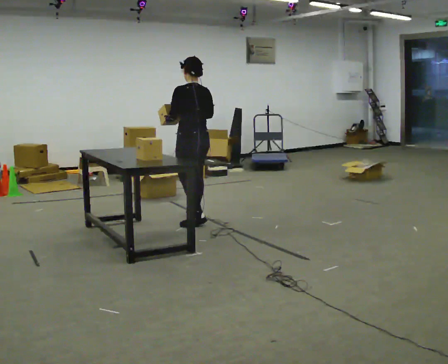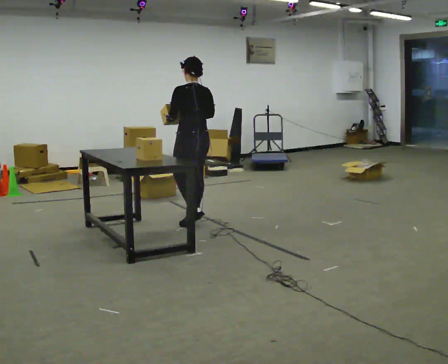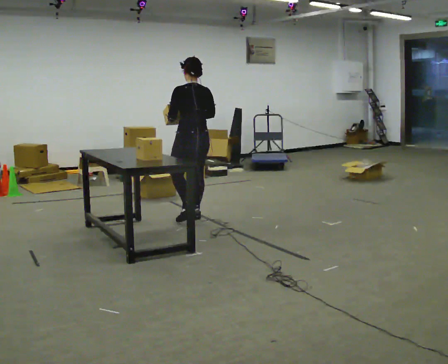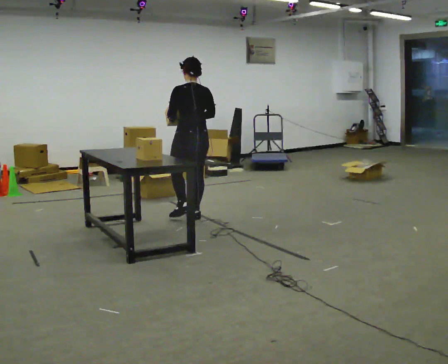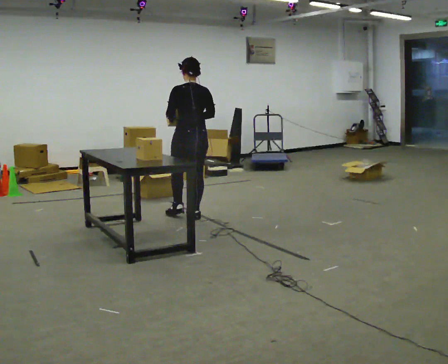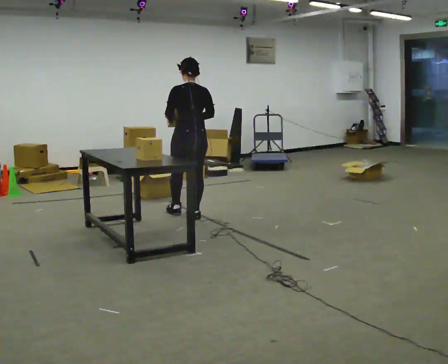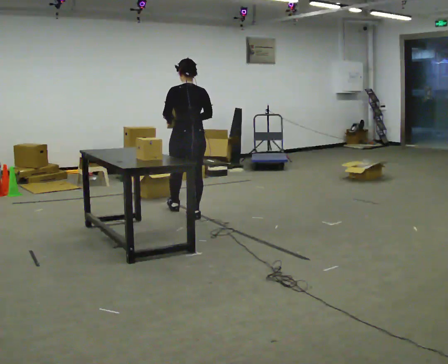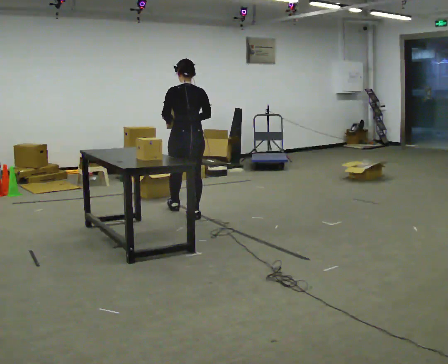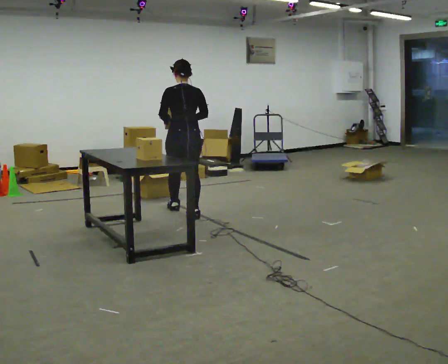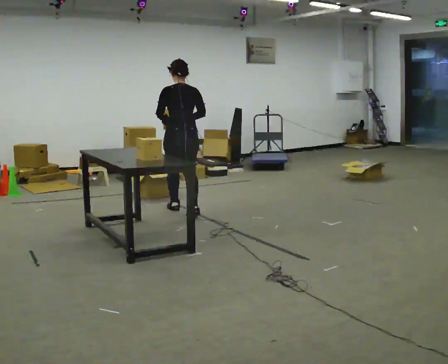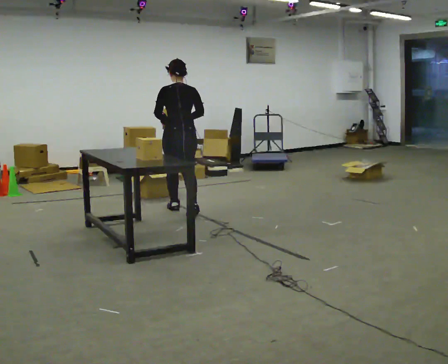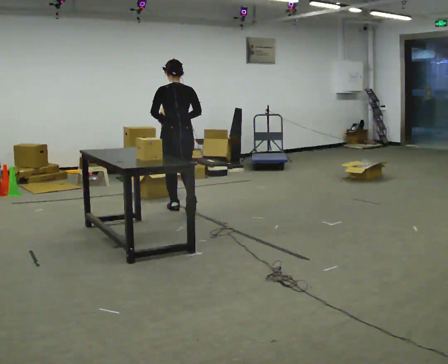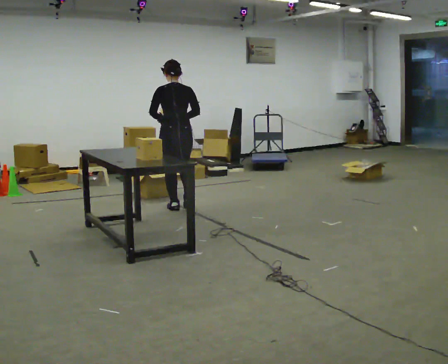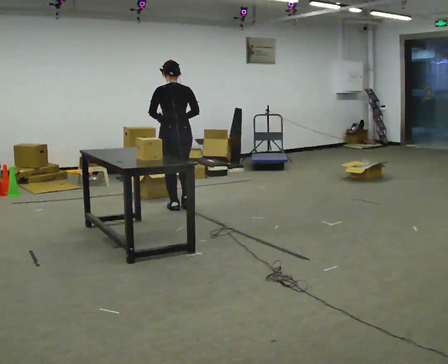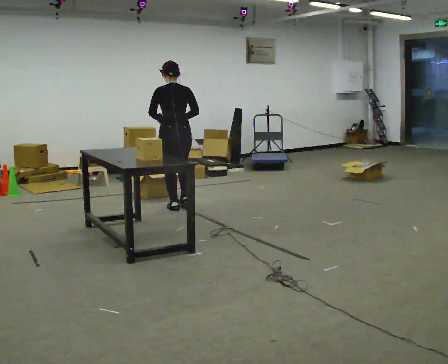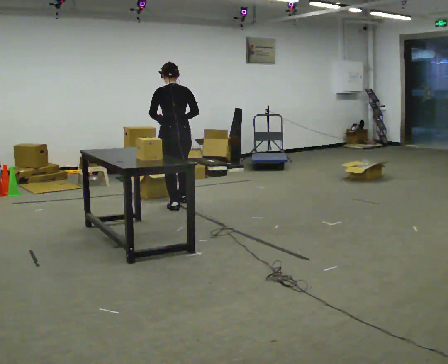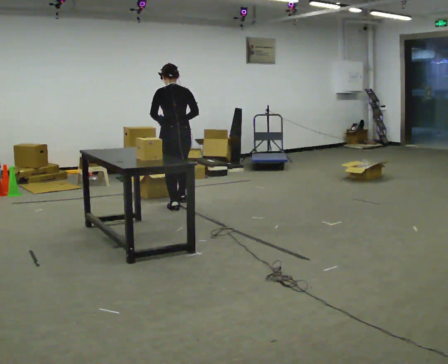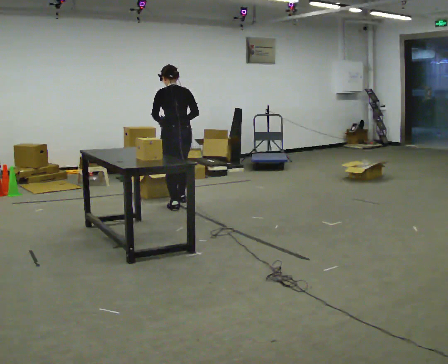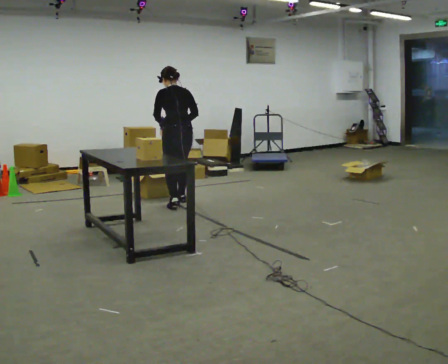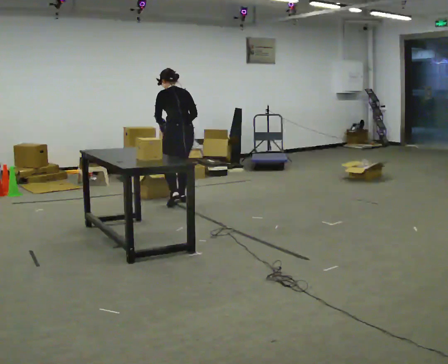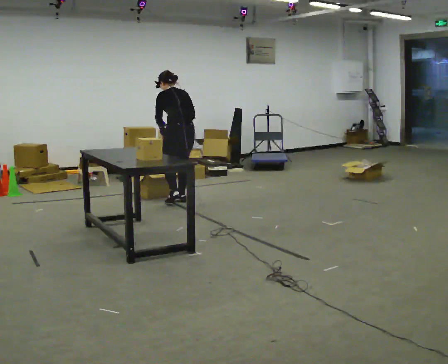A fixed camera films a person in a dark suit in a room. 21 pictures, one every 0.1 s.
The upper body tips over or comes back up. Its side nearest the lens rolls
upward.
0.0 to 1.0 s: The person turns about 30 degrees to their right, clockwise seen from above, so the part of the body nearest the lens slides to the left. In the picture they go away from the camera and to the left, about 0.25 m in 1 step, which for them is forward.
1.0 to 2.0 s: In the picture they go away from the camera, about 0.5 m in 1 step, which for them is forward. The upper body tips away from the camera, its near side rolling upward, as they bend forward.
The film runs forward here.
